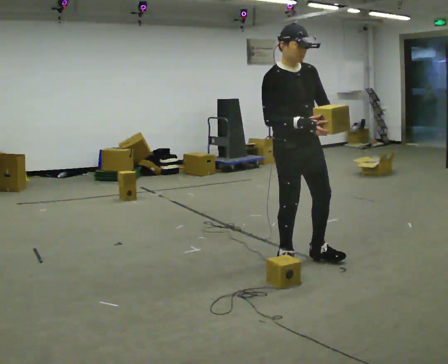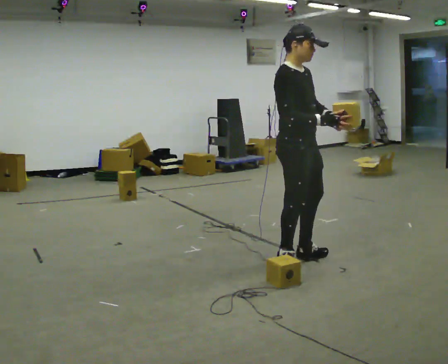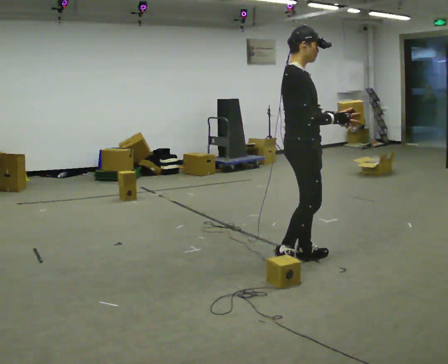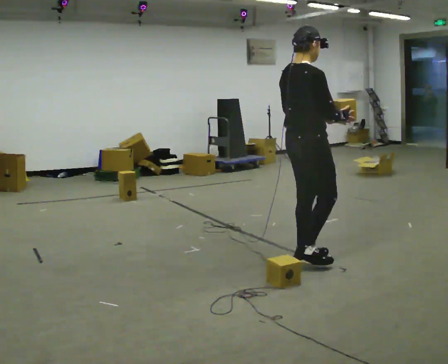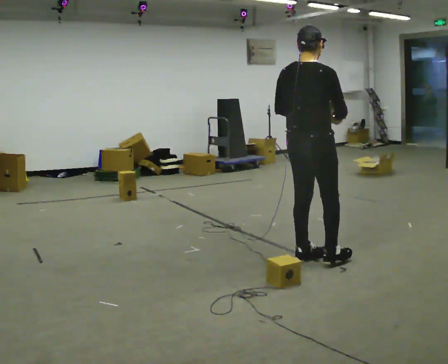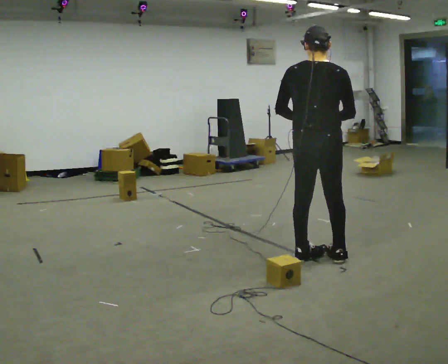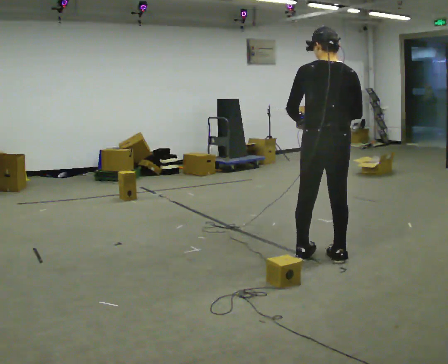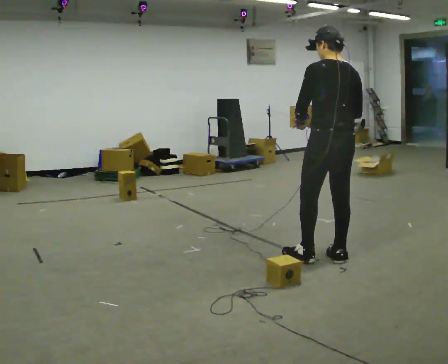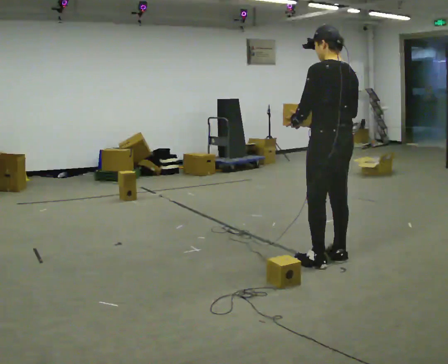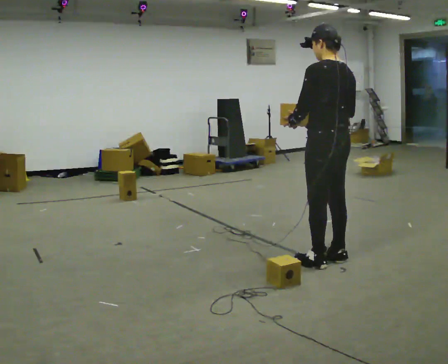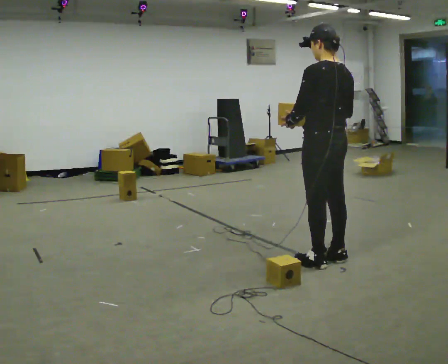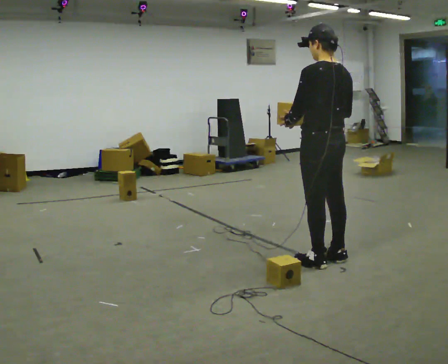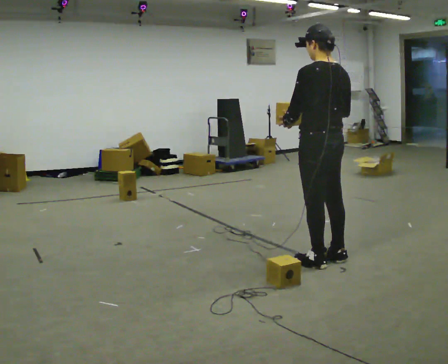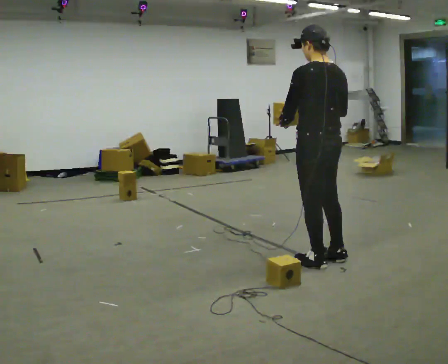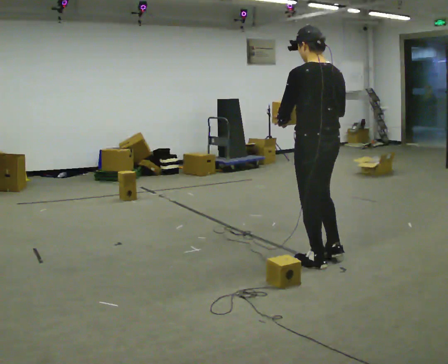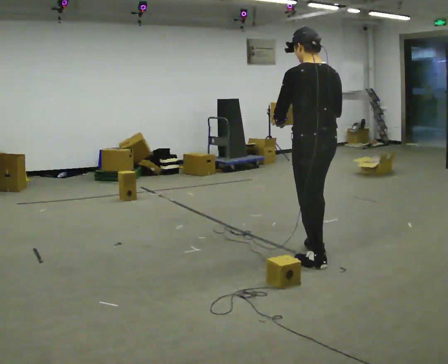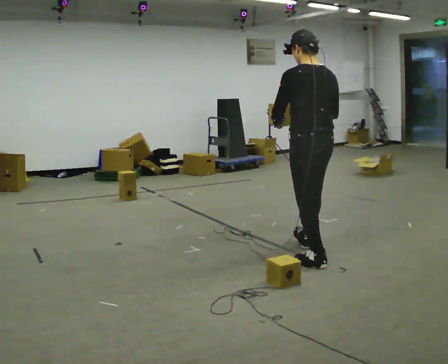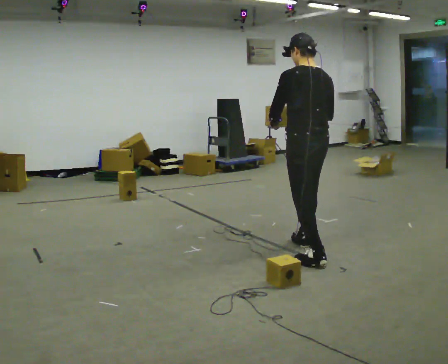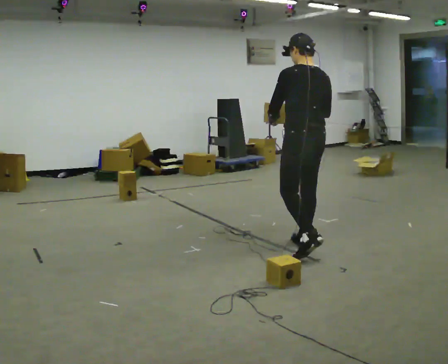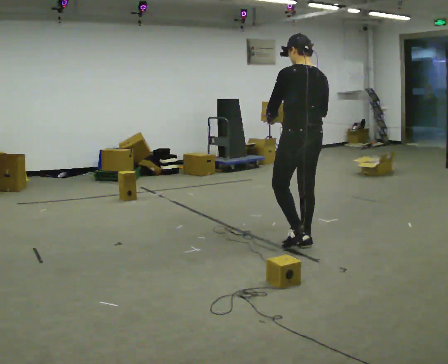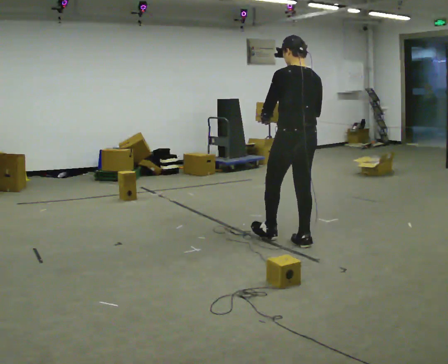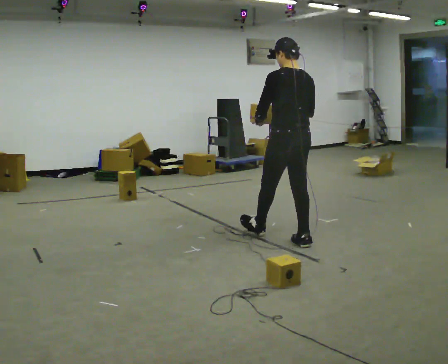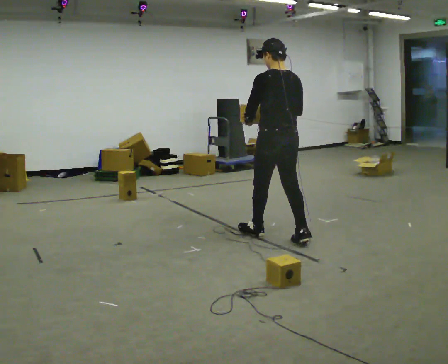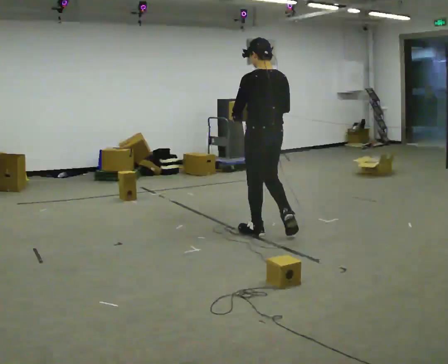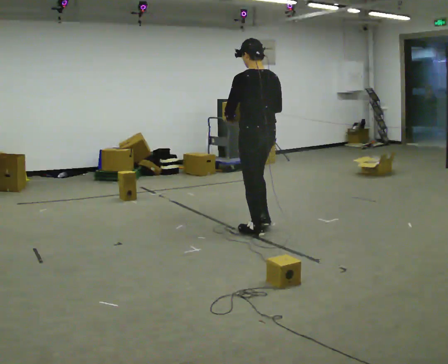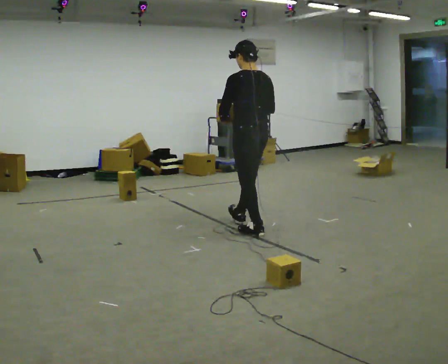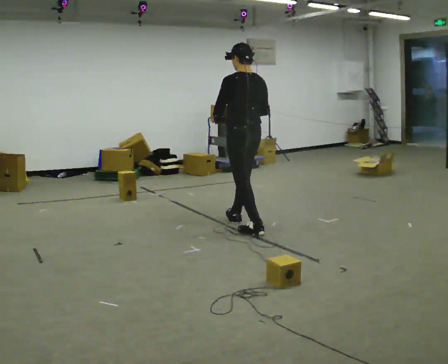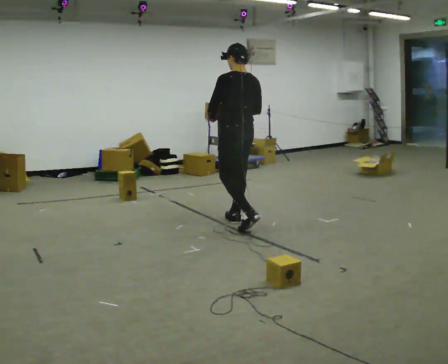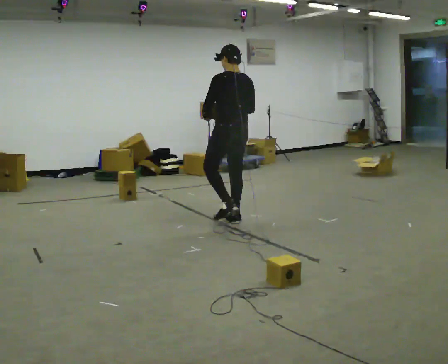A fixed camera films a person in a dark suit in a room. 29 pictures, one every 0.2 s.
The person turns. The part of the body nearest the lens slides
to the right.
The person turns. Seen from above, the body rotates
counterclockwise.
0.0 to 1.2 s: The person turns about 150 degrees to their left, counterclockwise seen from above, so the part of the body nearest the lens slides to the right. In the picture they go to the right, about 0.25 m in 2 steps. In the picture their left hand goes to the left.
1.2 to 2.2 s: The person turns about 30 degrees to their left, counterclockwise seen from above, so the part of the body nearest the lens slides to the right.
2.2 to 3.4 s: In the picture they go away from the camera, about 0.25 m in 1 step, which for them is forward.
3.4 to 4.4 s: In the picture they go away from the camera and to the left, about 0.5 m in 1 step, which for them is forward.
4.4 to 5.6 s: In the picture they go to the left and away from the camera, about 0.5 m in 1 step, which for them is forward.
The film runs forward here.
